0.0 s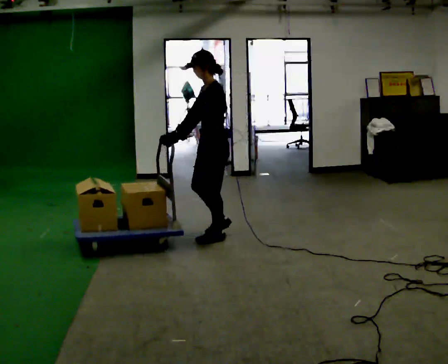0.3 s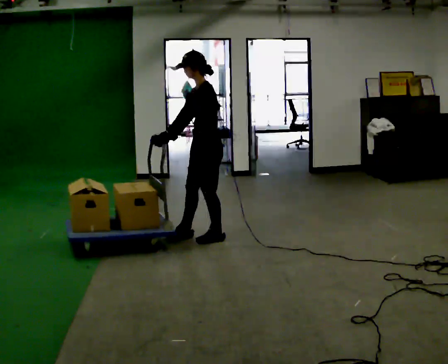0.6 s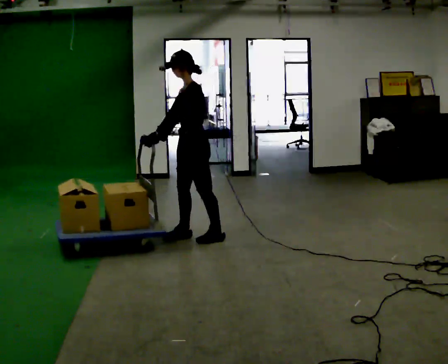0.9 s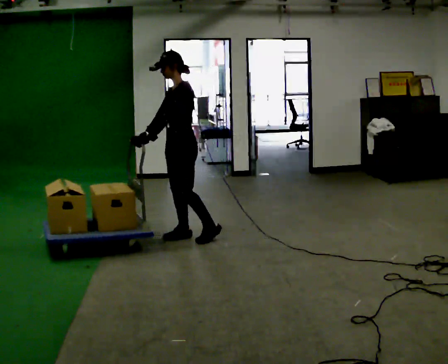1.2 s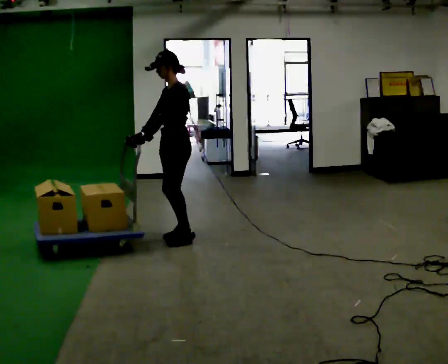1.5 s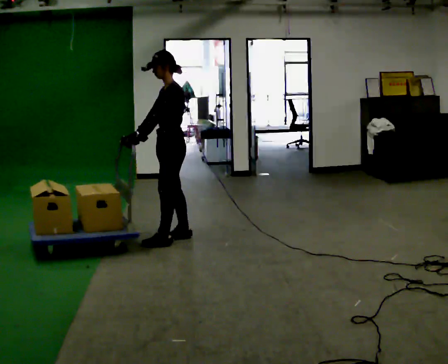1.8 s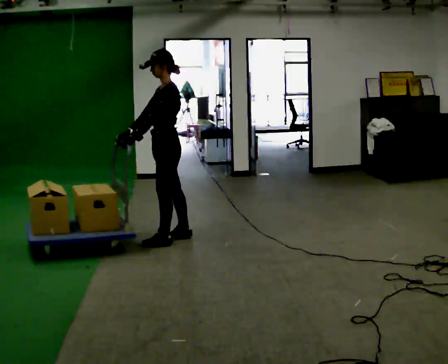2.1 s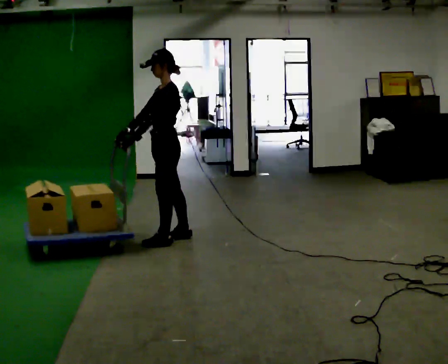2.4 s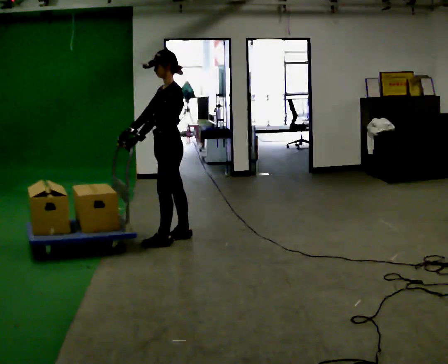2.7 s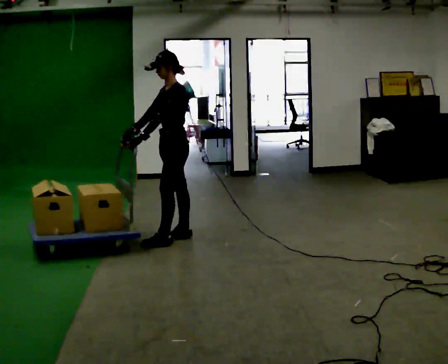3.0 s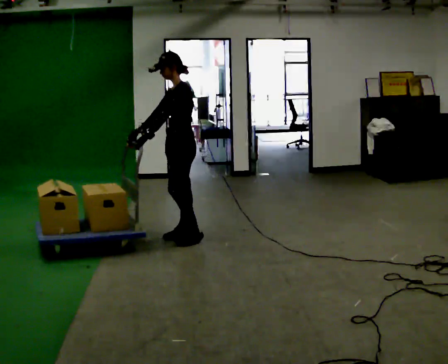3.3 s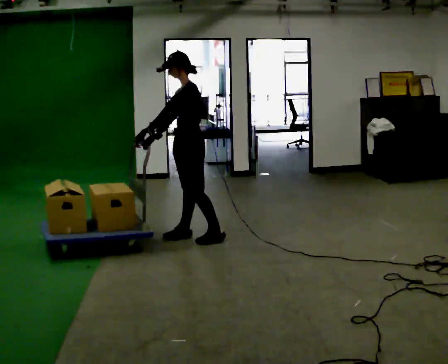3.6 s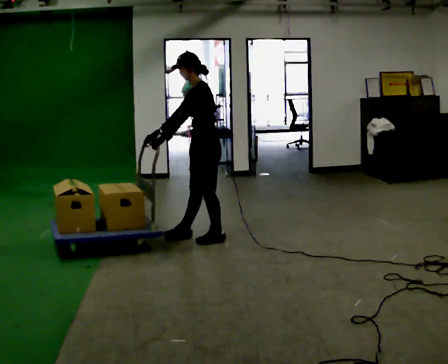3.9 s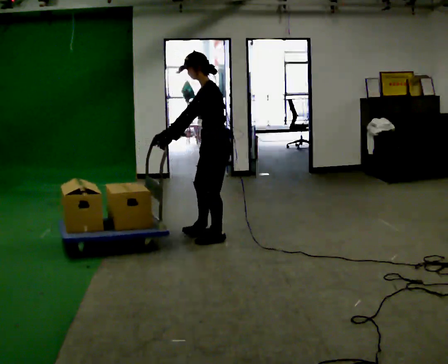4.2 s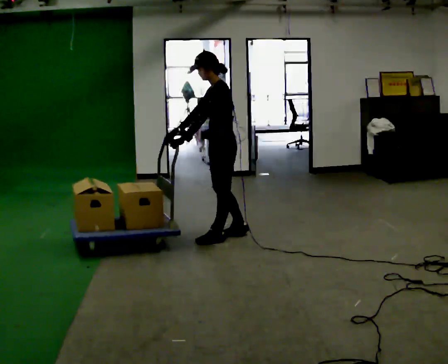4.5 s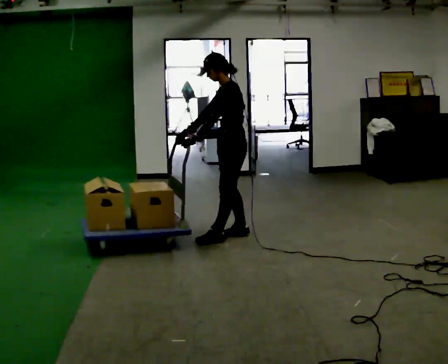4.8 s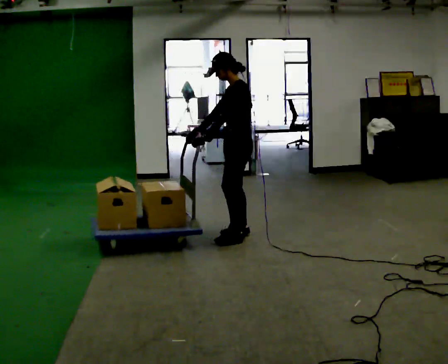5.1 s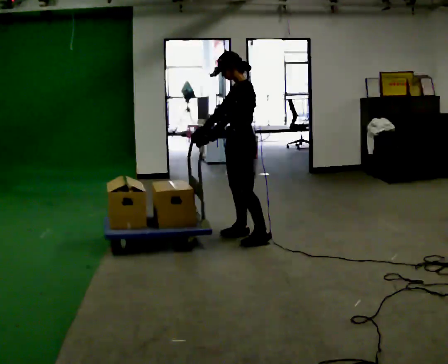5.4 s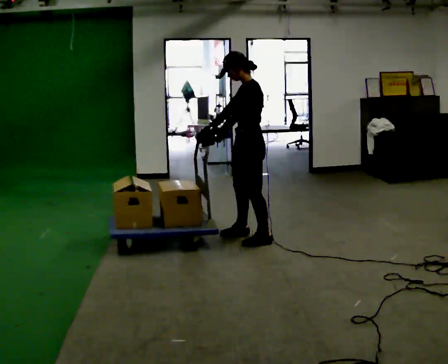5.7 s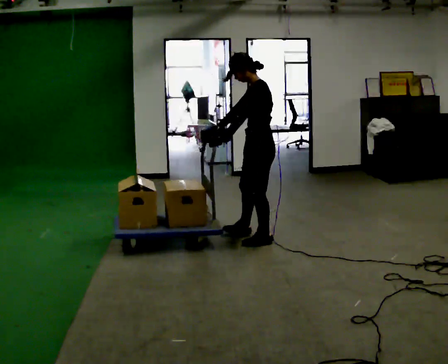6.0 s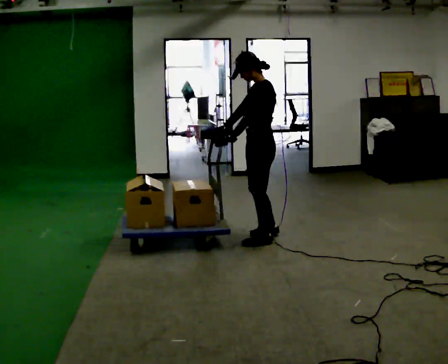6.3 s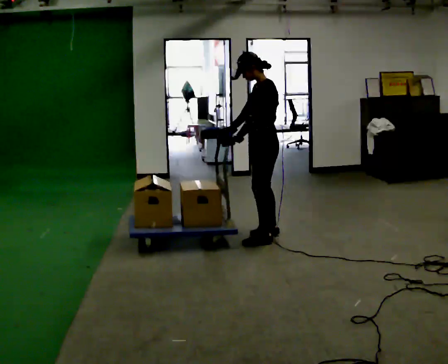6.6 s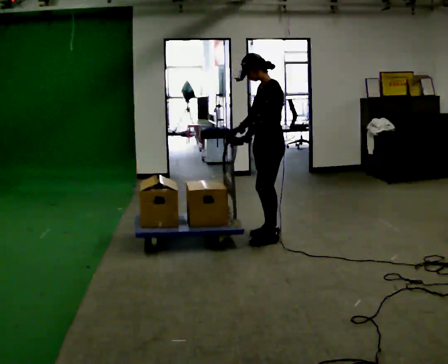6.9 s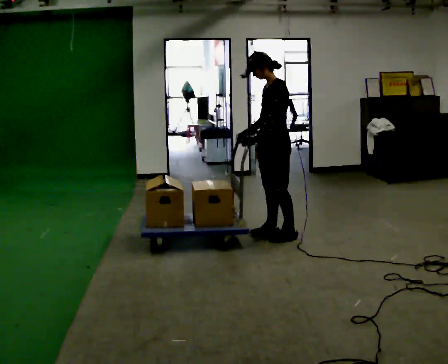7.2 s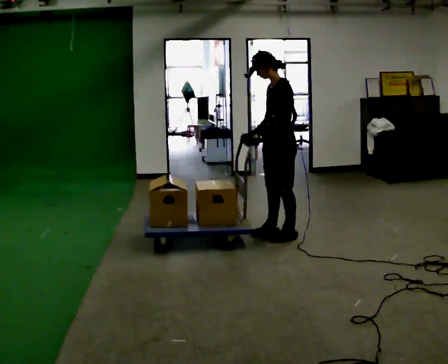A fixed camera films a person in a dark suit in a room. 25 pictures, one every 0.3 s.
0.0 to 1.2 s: In the picture they go to the left, about 0.25 m in 1 step, which for them is forward.
1.2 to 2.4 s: The person moves a little, or ends about where they began.
2.4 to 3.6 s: In the picture they go to the right, about 0.25 m in 1 step, which for them is backward.
3.6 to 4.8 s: In the picture they go to the right, about 0.25 m in 1 step, which for them is backward.
4.8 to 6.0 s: In the picture they go to the right, about 0.25 m in 2 steps, which for them is backward and to their left.
6.0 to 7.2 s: In the picture they go to the right, about 0.25 m in 1 step, which for them is backward.
The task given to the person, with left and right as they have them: Get the cart into the marked parking space and lined up with the tape. Take as many adjustments as you need. Then take it out again and repeat.
The film runs forward here.
